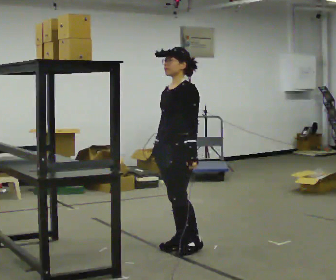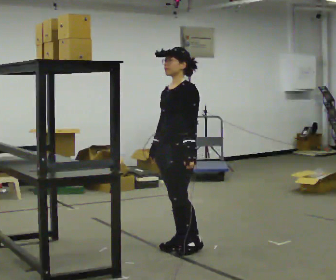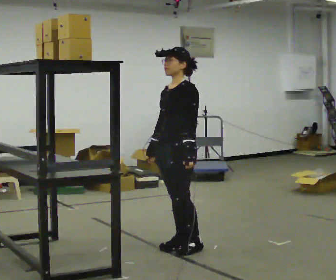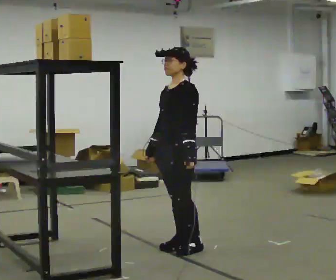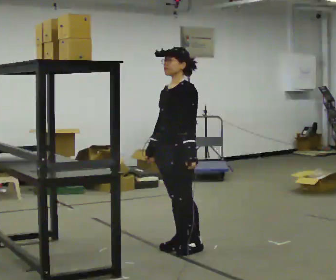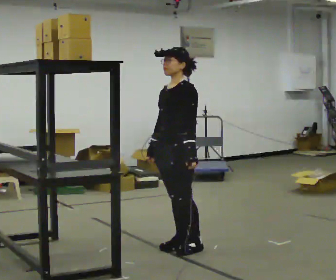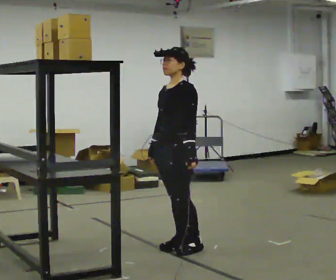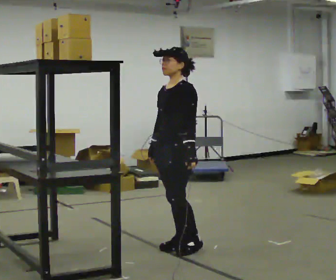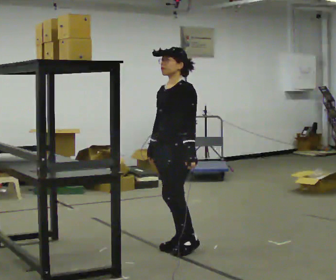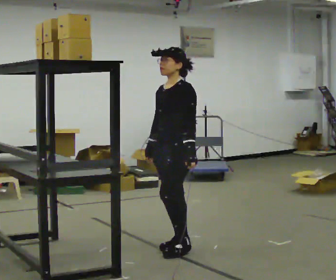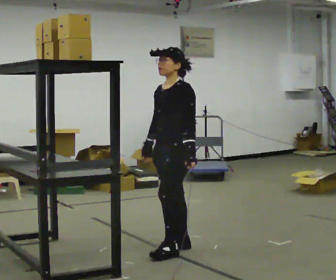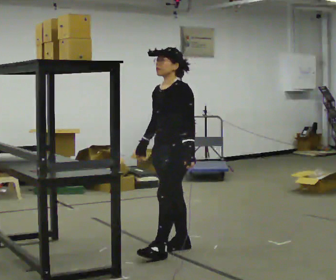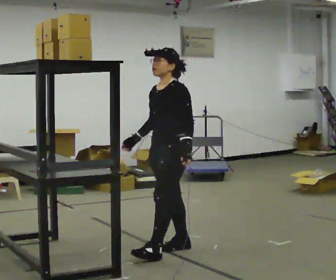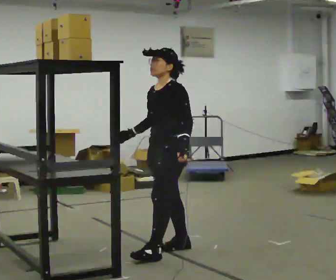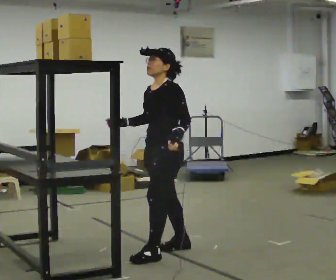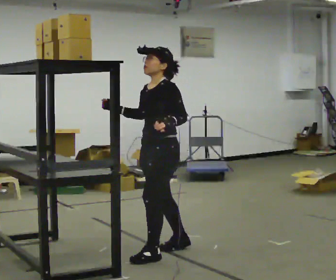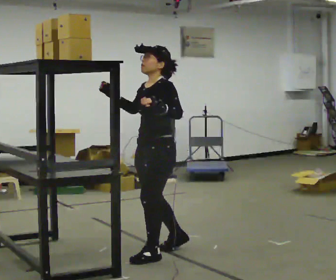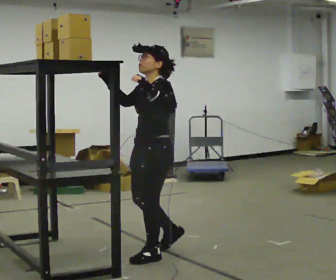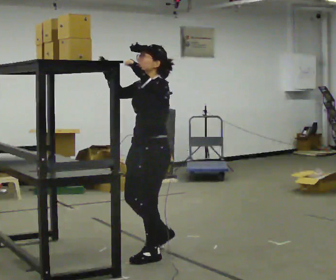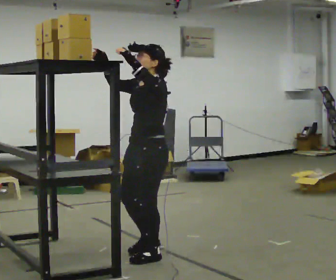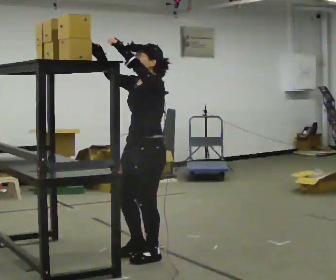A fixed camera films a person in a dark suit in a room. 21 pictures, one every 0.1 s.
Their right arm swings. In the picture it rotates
clockwise.
Their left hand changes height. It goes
upward.
0.0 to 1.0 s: The person moves a little, or ends about where they began.
1.0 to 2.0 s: In the picture they go toward the camera and to the left, about 0.25 m in 1 step, which for them is forward and to their left. In the picture their right hand goes upward, the arm swinging clockwise.
The film runs forward here.
